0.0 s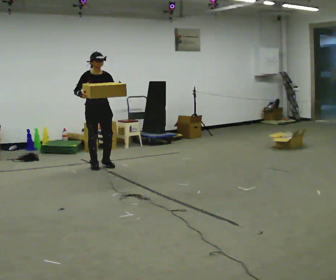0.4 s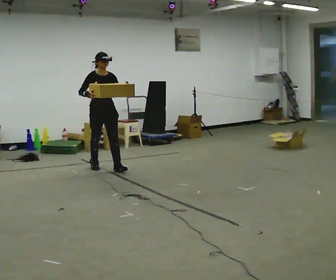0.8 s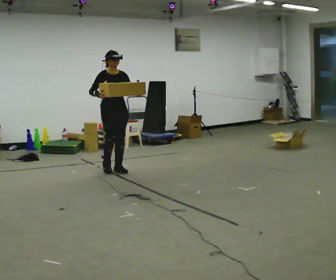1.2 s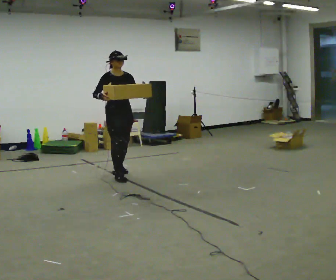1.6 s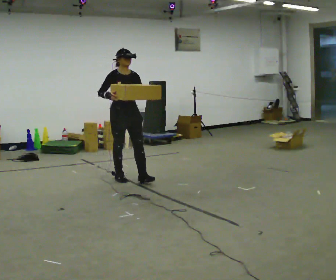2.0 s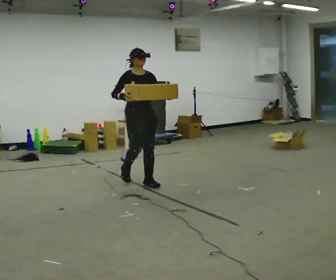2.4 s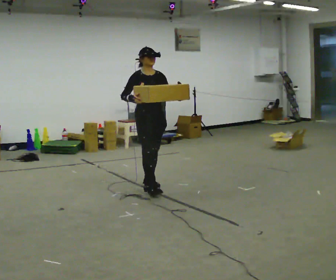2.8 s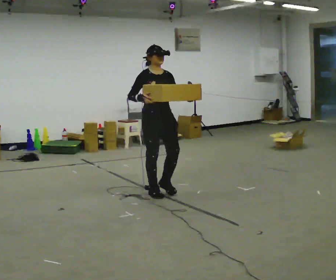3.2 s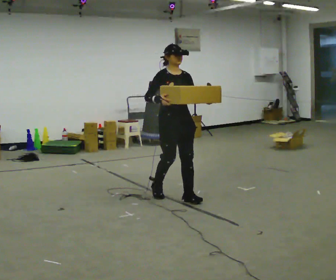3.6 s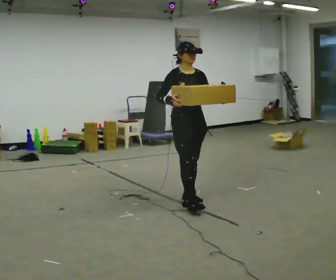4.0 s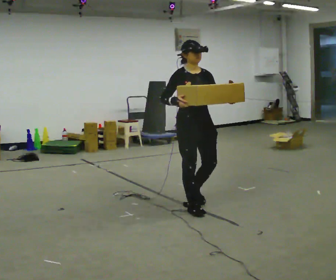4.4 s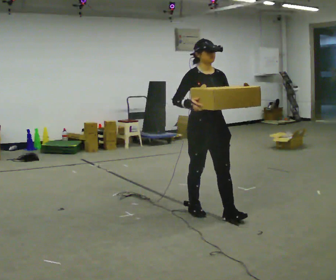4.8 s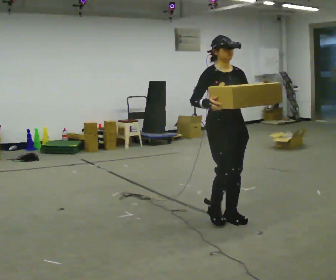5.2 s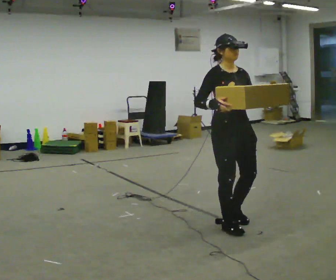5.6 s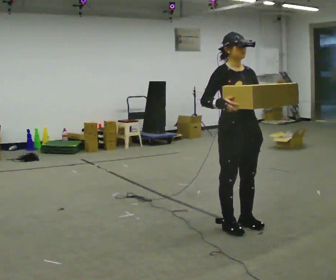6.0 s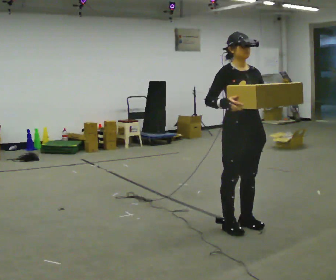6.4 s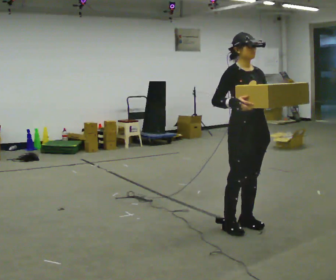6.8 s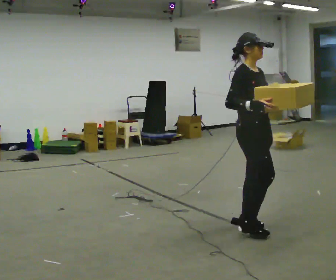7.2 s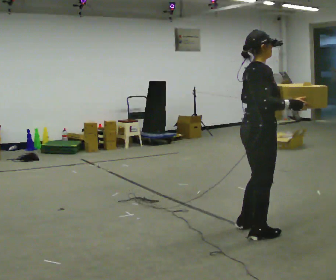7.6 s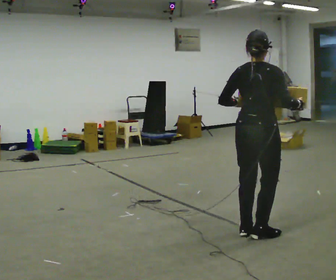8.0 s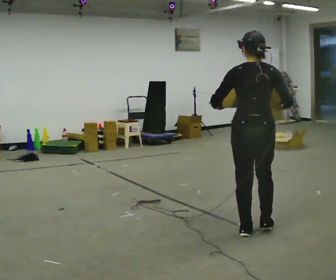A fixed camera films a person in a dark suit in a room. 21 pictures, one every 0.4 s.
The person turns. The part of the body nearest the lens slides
to the right.
The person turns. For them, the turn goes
to their left.
0.0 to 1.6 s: In the picture they go toward the camera and to the right, about 1 m in 2 steps, which for them is forward.
1.6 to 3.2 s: In the picture they go toward the camera and to the right, about 1 m in 3 steps, which for them is forward.
3.2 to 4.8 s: In the picture they go toward the camera and to the right, about 1 m in 2 steps, which for them is forward.
4.8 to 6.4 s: In the picture they go toward the camera and to the right, about 0.25 m in 2 steps, which for them is forward.
6.4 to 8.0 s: Seen from above the body turns counterclockwise, about 135 degrees: to their left, with its near side sliding to the right. In the picture their left hand goes to the left.
The film runs forward here.
